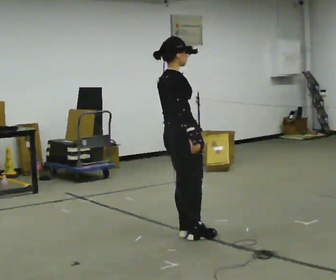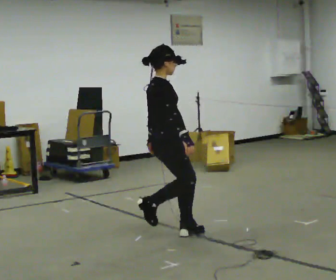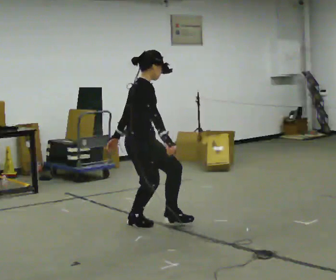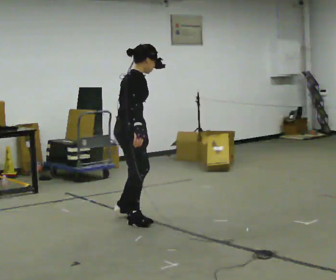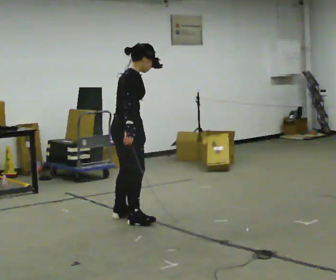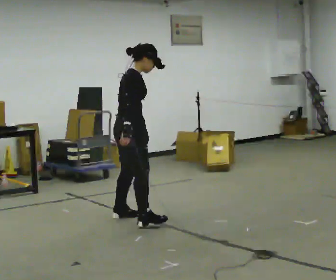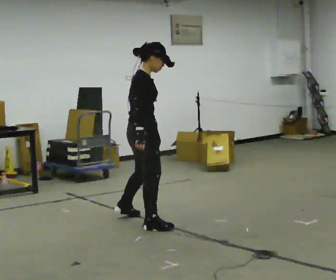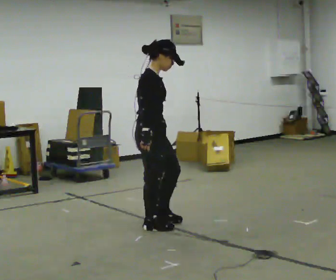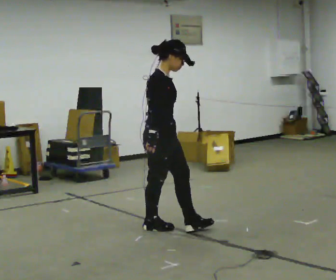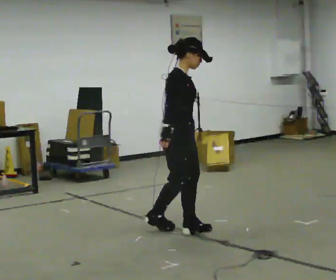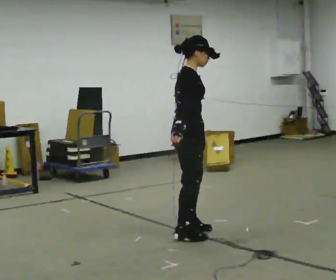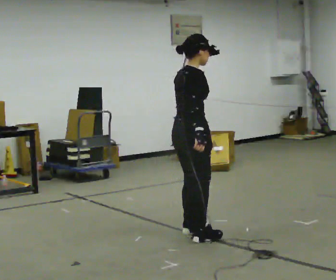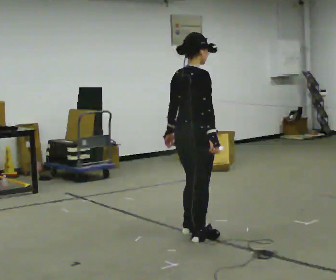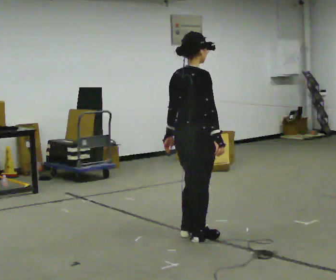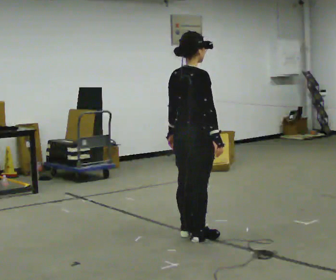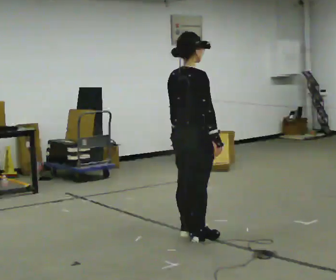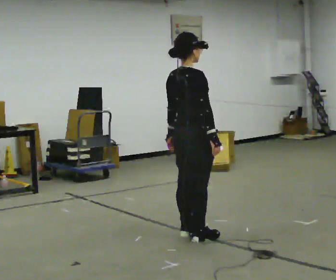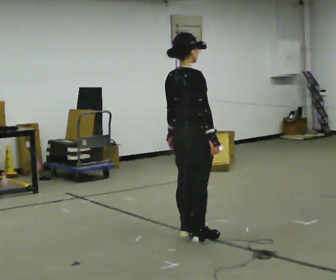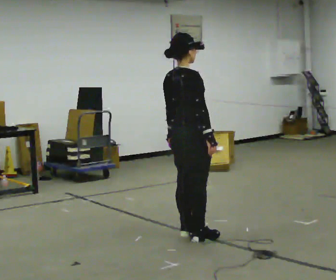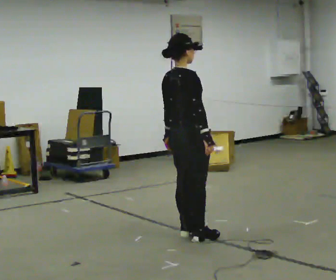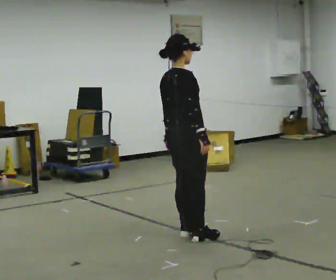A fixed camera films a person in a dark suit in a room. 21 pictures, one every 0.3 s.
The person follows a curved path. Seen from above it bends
clockwise.
0.0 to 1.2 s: In the picture they go to the left and away from the camera, about 0.75 m in 2 steps, which for them is backward and to their left. In the picture the upper body tilts clockwise, shoulders to the right, as they bend forward.
1.2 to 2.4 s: Seen from above the body turns clockwise, about 30 degrees: to their right, with its near side sliding to the left. In the picture they go toward the camera and to the right, about 0.5 m in 1 step, which for them is to their right and forward.
2.4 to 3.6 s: The person turns about 45 degrees to their left, counterclockwise seen from above, so the part of the body nearest the lens slides to the right. In the picture they go to the right and toward the camera, about 0.25 m in 2 steps, which for them is forward and to their right.
3.6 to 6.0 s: The person moves a little, or ends about where they began.
The film runs forward here.
